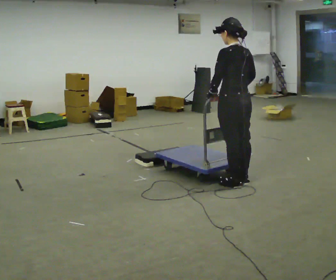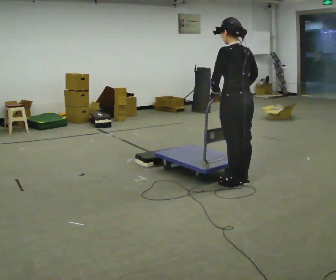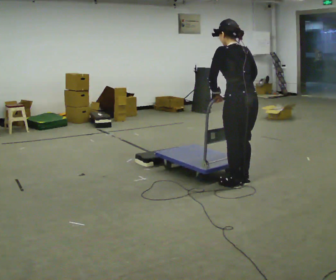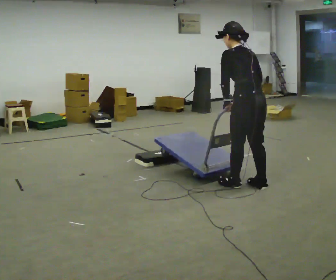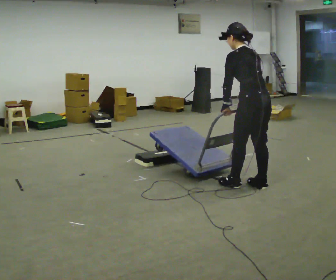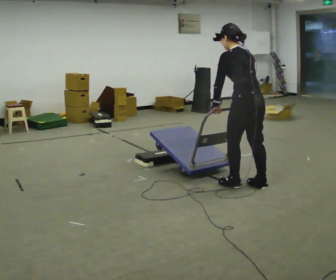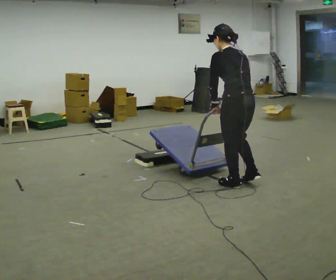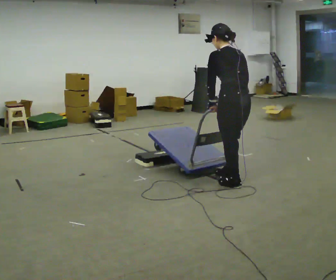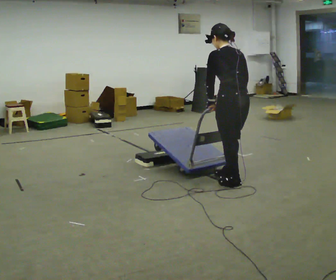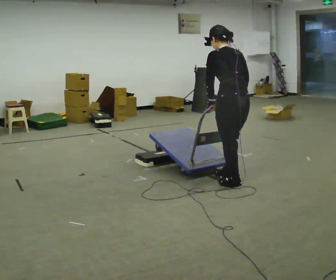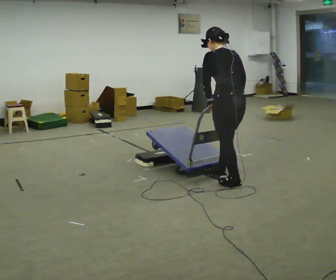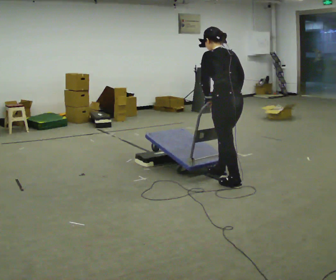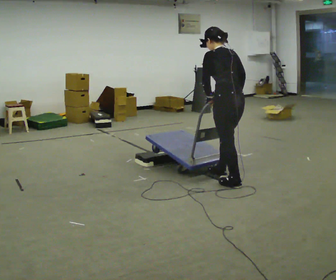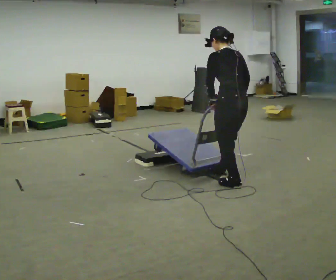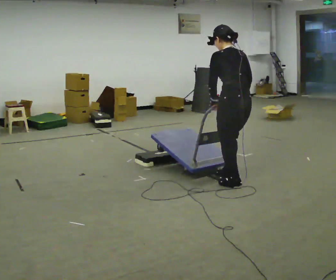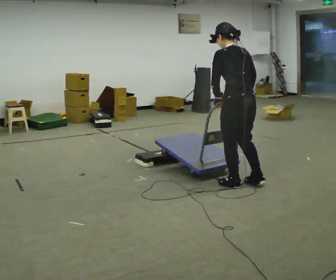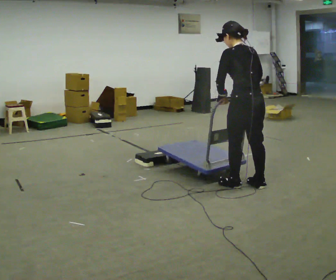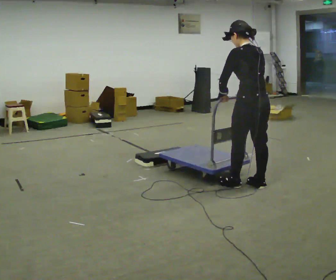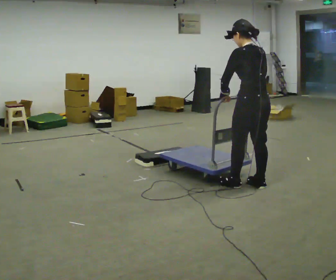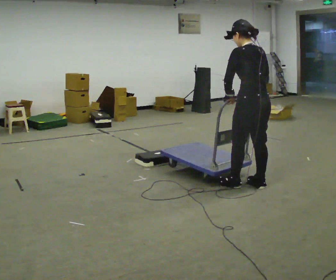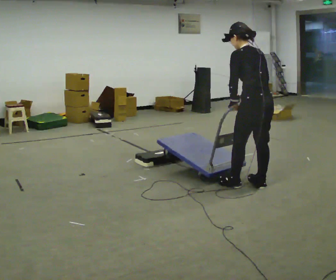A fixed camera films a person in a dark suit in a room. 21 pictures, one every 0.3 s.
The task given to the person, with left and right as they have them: Push the cart up over the low platform edge and down the other side, then bring it back over.
0.0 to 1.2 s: In the picture they go to the right, about 0.25 m in 1 step, which for them is backward. In the picture the upper body tilts counterclockwise, shoulders to the left, as they bend forward.
1.2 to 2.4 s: In the picture they go to the left, about 0.25 m in 1 step, which for them is forward.
2.4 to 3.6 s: The person moves a little, or ends about where they began.
3.6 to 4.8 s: In the picture they go to the right and toward the camera, about 0.25 m in 1 step, which for them is backward.
4.8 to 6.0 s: The person moves a little, or ends about where they began.
The film runs forward here.
